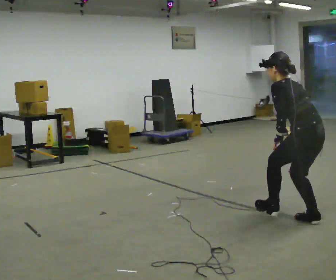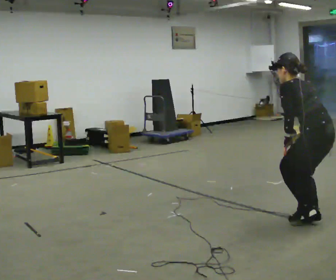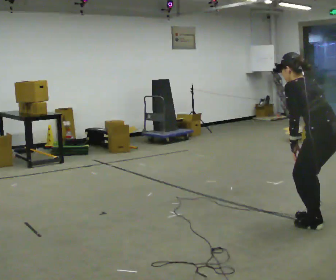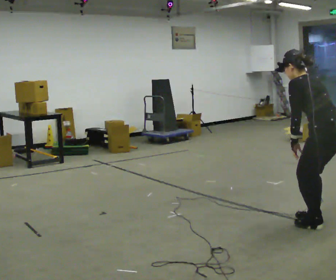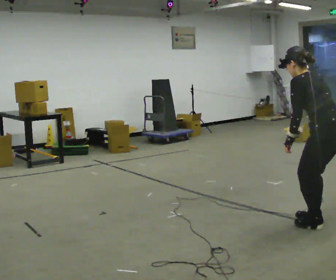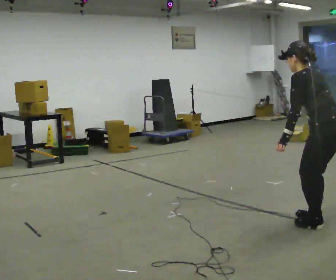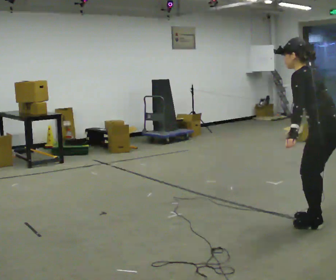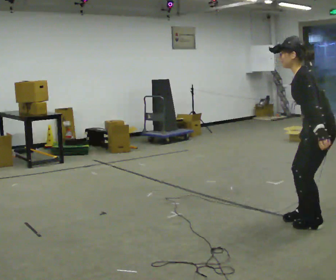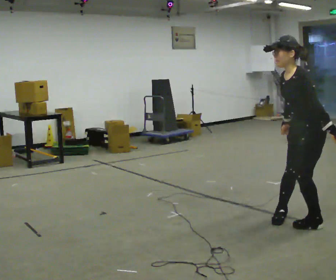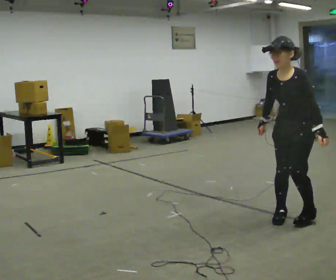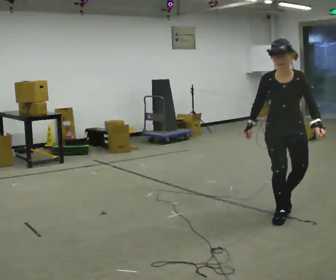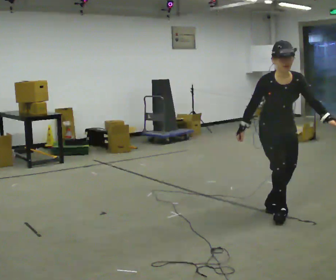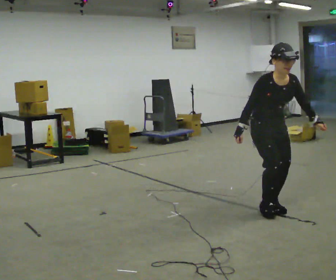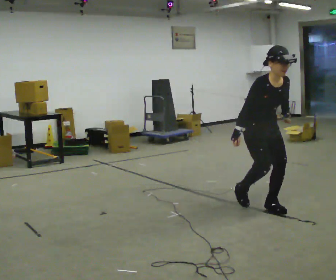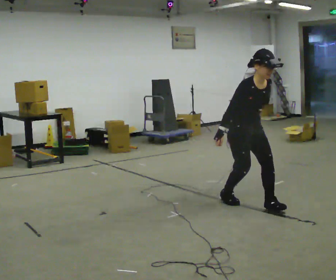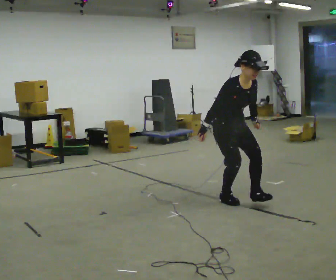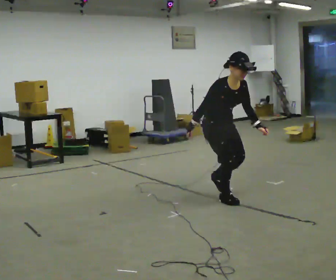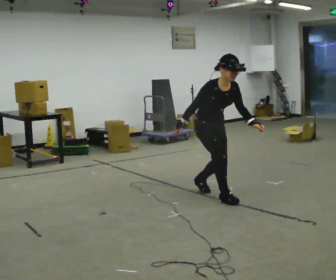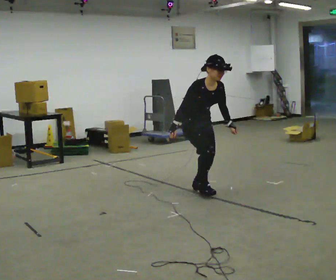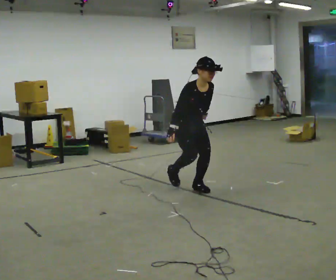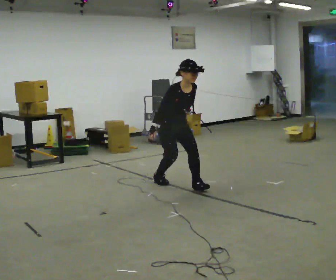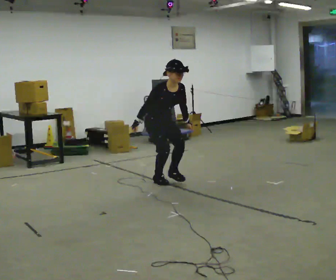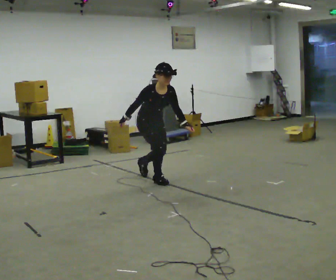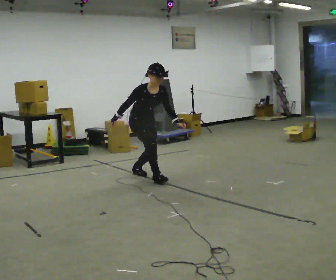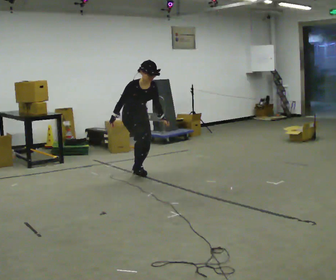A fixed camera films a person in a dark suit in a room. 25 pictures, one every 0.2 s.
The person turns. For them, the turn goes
to their left.
The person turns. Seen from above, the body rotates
counterclockwise.
0.0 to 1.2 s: In the picture they go to the right, about 0.25 m, which for them is backward.
1.2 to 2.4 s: The part of the body nearest the lens slides to the right as the person turns to their left by about 150 degrees. In the picture they go away from the camera and to the left, about 0.75 m in 3 steps. The upper body tips toward the camera, its near side rolling downward.
2.4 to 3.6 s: In the picture they go to the left and away from the camera, about 1 m in 2 steps, which for them is backward.
3.6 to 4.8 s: In the picture they go to the left and away from the camera, about 1 m in 2 steps, which for them is backward.
The film runs backward here.
